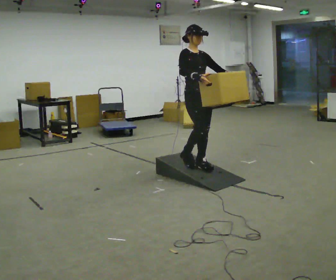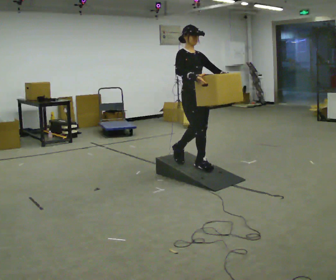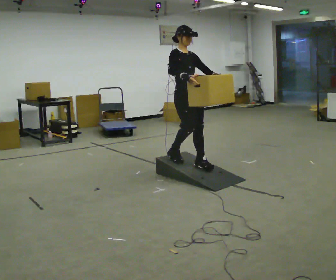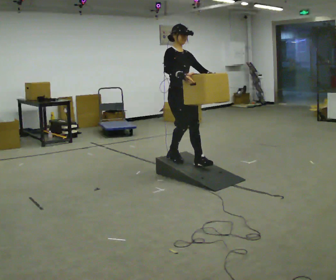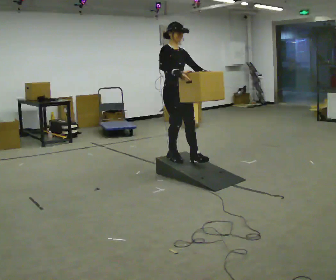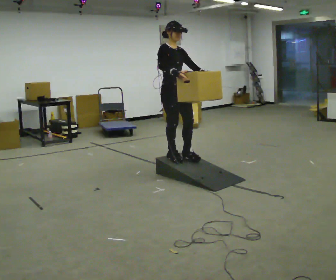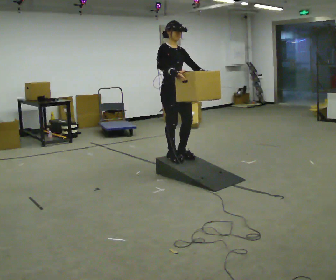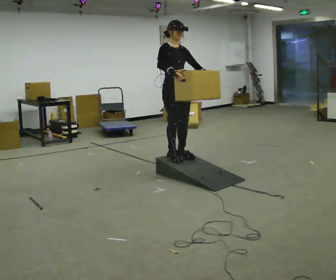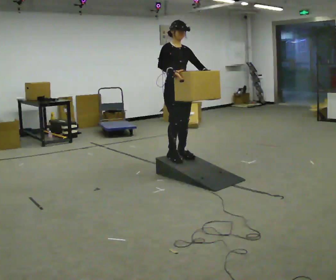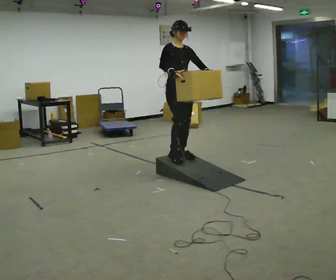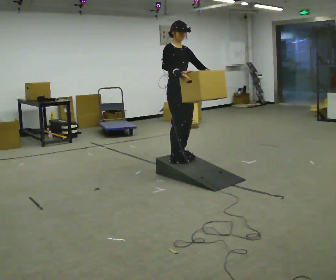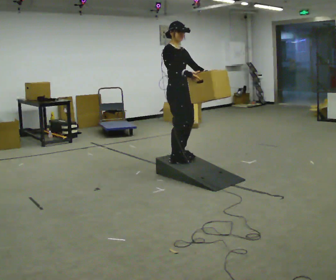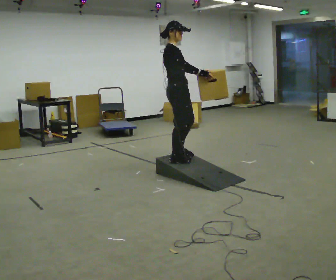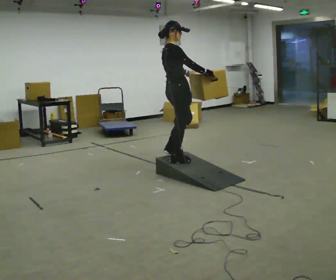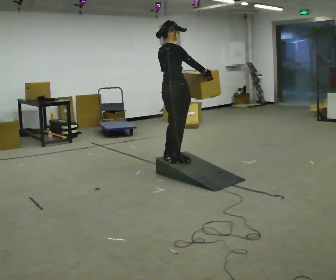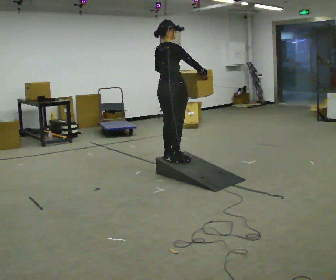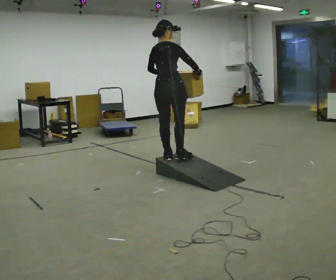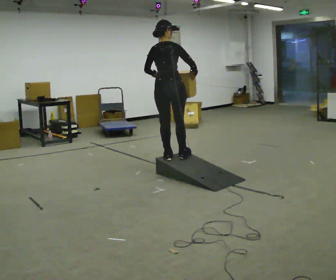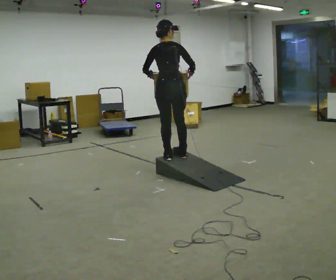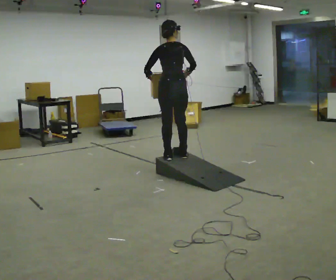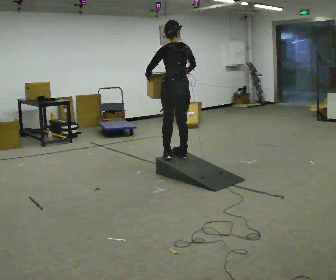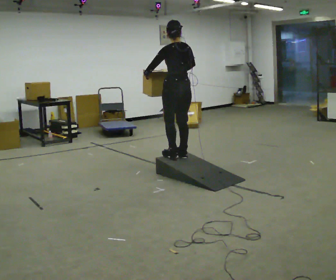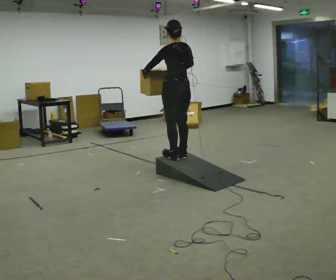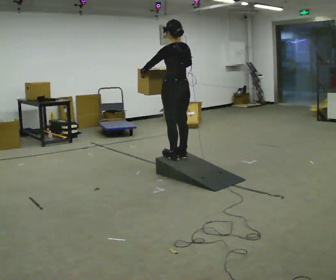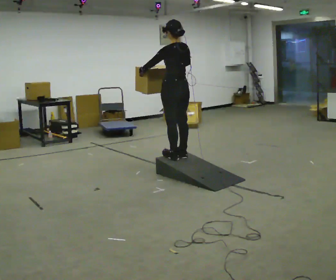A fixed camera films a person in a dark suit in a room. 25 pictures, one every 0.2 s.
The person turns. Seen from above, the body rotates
counterclockwise.
The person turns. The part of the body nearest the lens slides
to the right.
0.0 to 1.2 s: In the picture they go to the left and away from the camera, about 0.25 m in 1 step, which for them is backward.
1.2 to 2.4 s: The part of the body nearest the lens slides to the right as the person turns to their left by about 45 degrees. In the picture their right hand goes to the right.
2.4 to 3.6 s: The person turns about 90 degrees to their left, counterclockwise seen from above, so the part of the body nearest the lens slides to the right.
3.6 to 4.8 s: The part of the body nearest the lens slides to the right as the person turns to their left by about 45 degrees.
The film runs backward here.
